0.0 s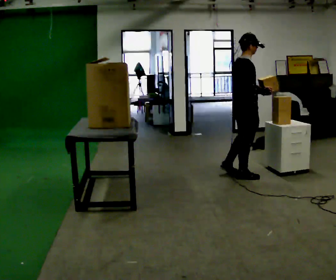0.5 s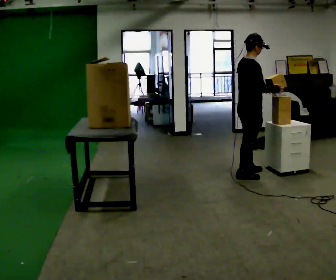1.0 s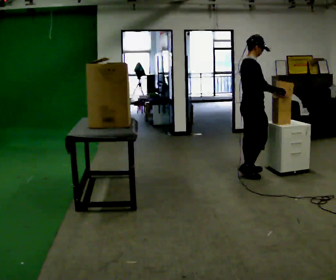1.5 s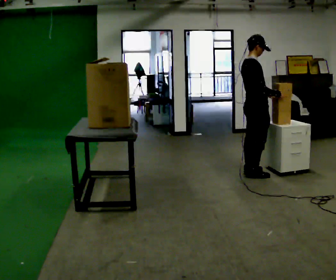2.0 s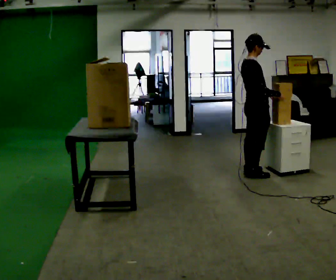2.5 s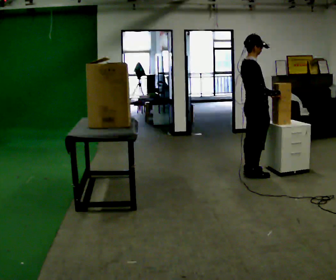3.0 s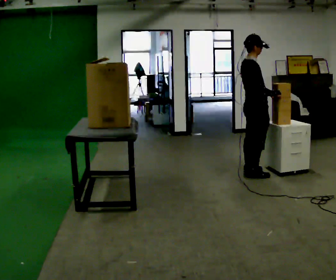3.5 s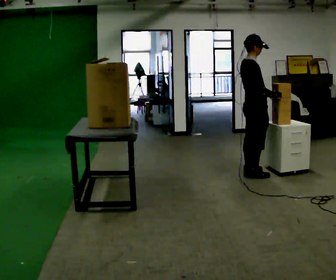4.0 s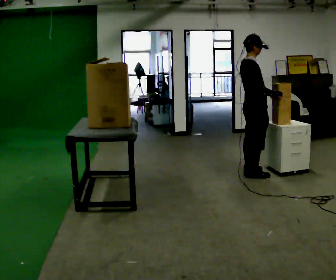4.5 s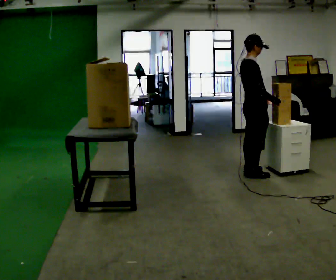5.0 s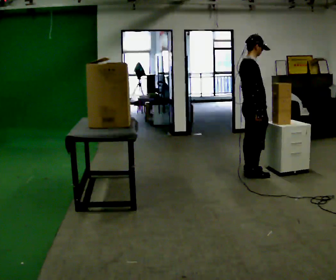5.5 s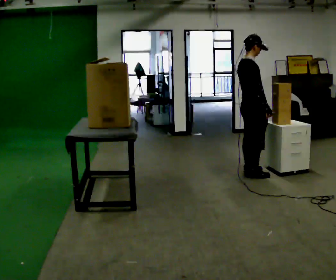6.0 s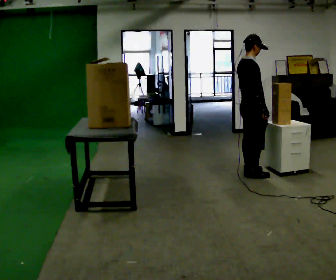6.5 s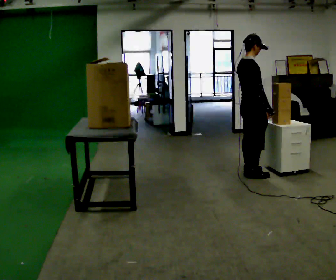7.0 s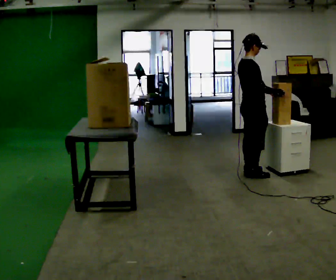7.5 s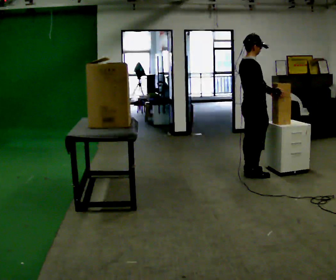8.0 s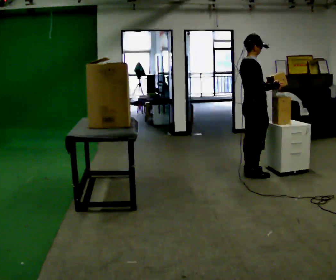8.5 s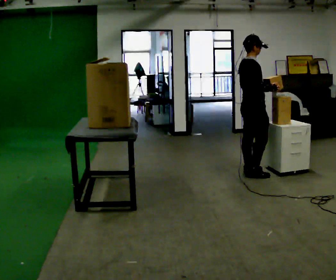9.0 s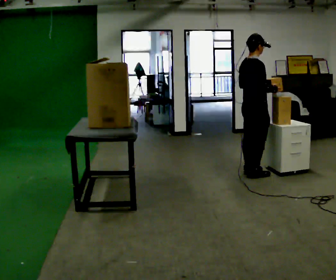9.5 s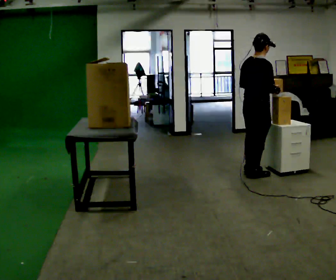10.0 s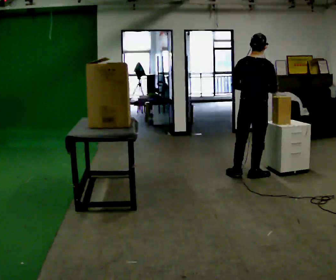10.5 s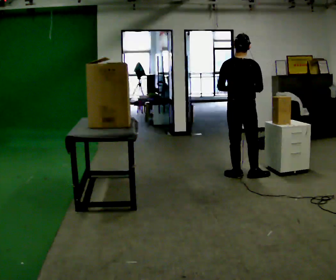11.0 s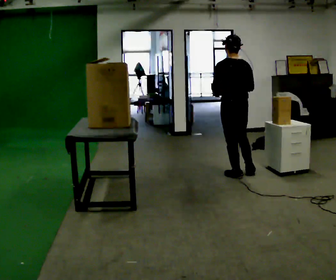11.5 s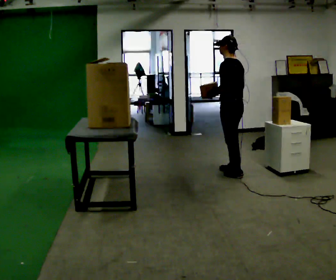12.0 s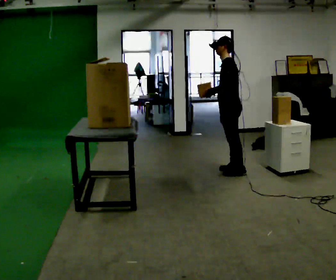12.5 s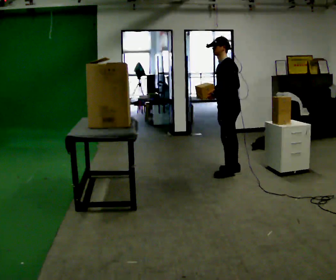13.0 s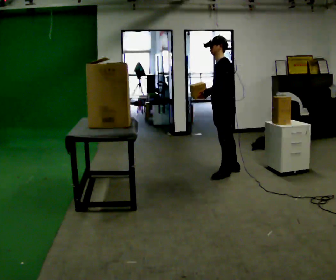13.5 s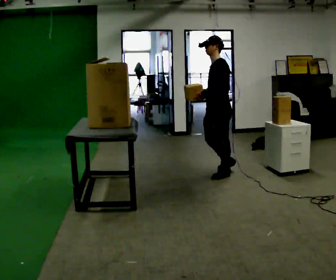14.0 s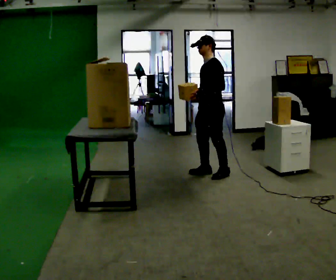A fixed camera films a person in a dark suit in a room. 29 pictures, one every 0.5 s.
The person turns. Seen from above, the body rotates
counterclockwise.
The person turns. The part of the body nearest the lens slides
to the right.
0.0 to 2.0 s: The person moves a little, or ends about where they began.
2.0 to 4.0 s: The person keeps their place and pose.
4.0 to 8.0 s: The person moves a little, or ends about where they began.
8.0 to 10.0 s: Seen from above the body turns counterclockwise, about 60 degrees: to their left, with its near side sliding to the right.
10.0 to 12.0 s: The part of the body nearest the lens slides to the right as the person turns to their left by about 105 degrees. In the picture they go away from the camera and to the left, about 0.25 m in 1 step.
12.0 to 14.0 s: In the picture they go to the left and toward the camera, about 0.25 m in 2 steps, which for them is forward.
The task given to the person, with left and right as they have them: Take an object down from the highest shelf you can comfortably reach, carry it across, and place it on the waist-height shelf. Keep going until the operator says stop; one object at a time, and do not rush between trips.
The film runs forward here.
